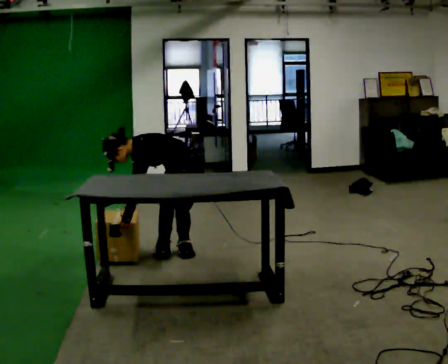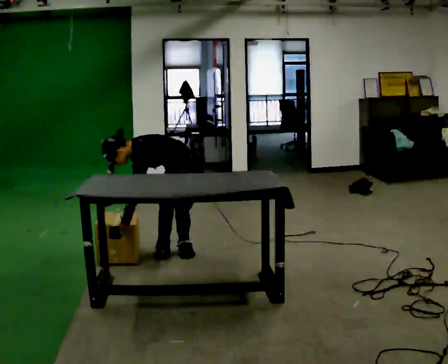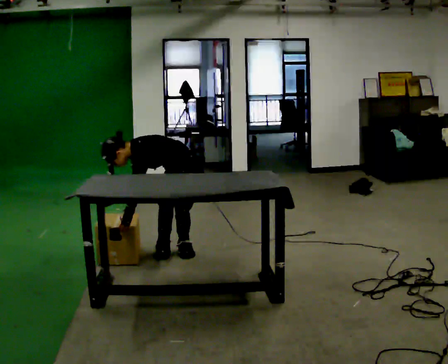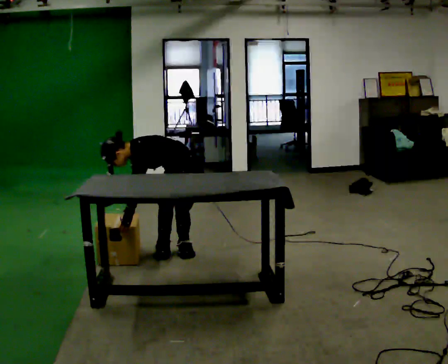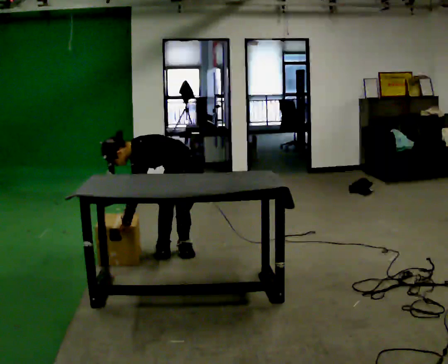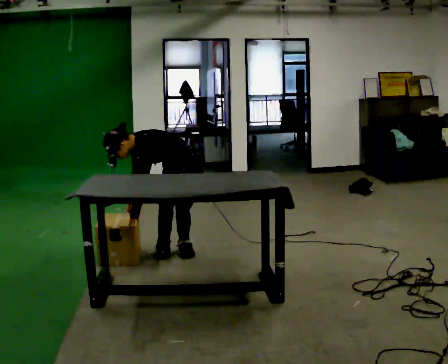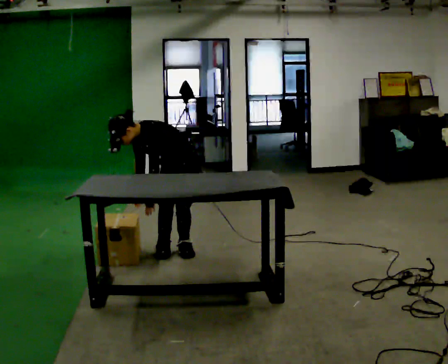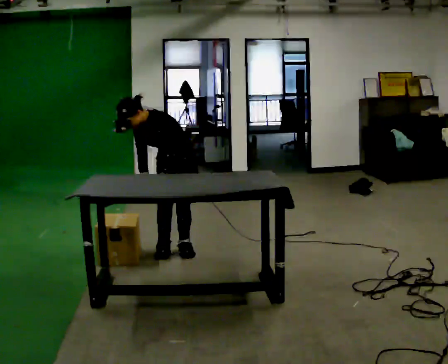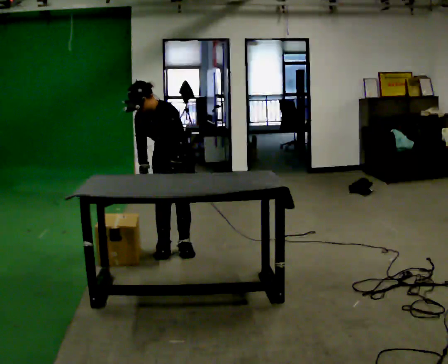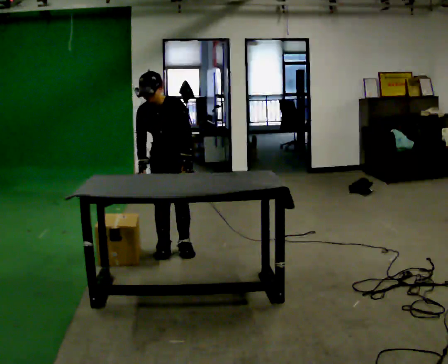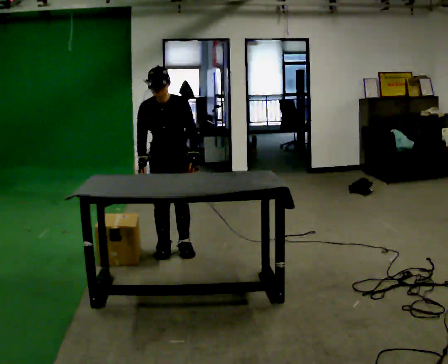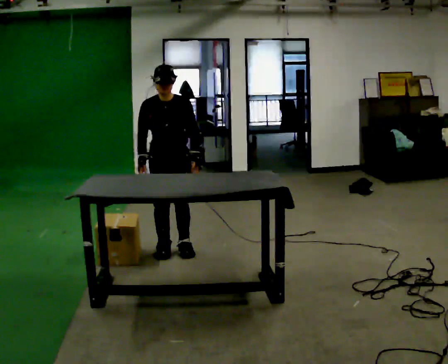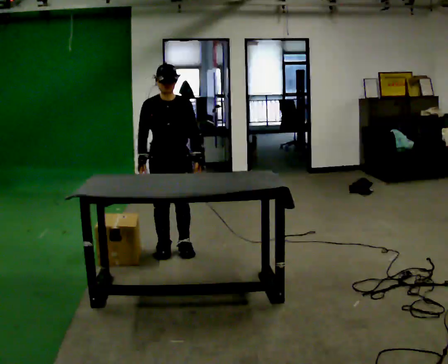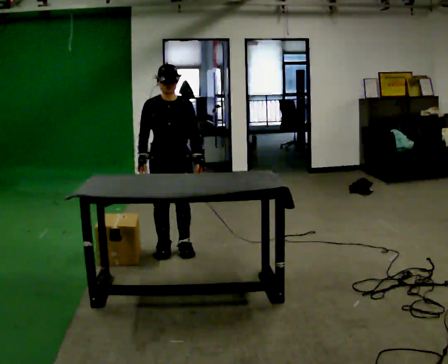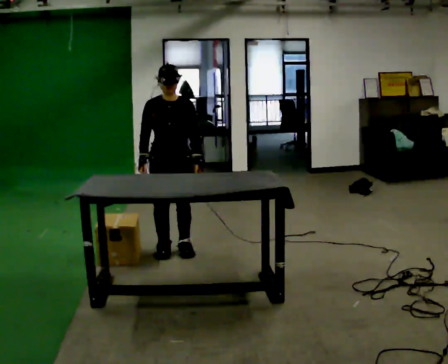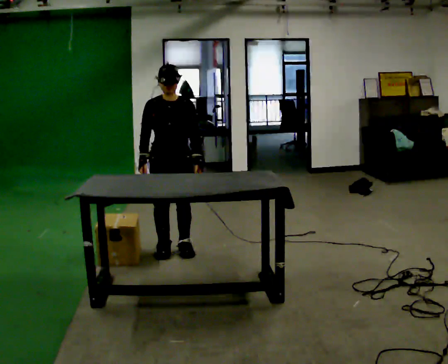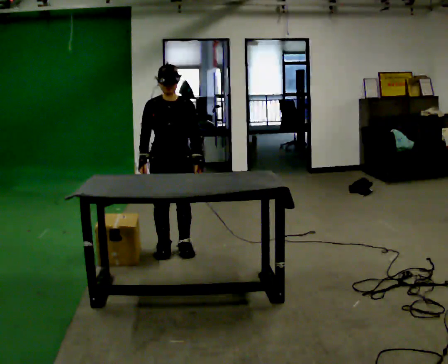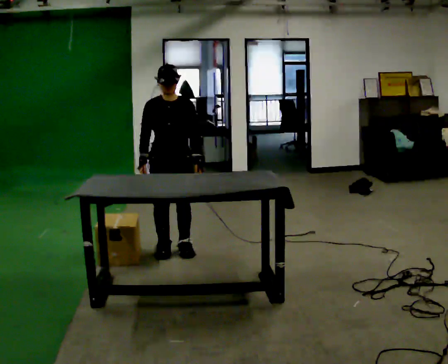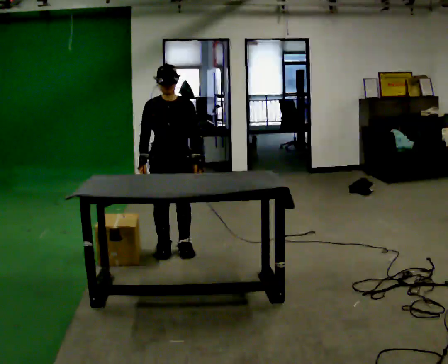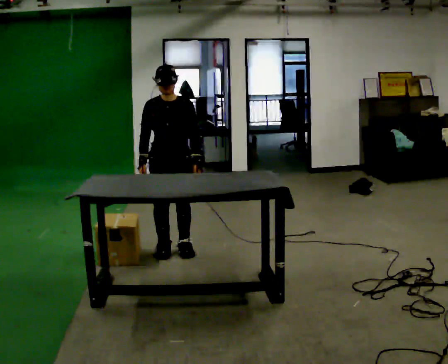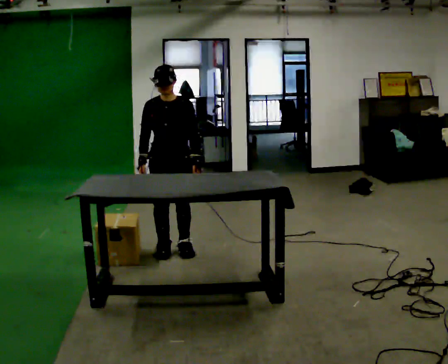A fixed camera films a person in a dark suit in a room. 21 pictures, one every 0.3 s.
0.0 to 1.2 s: The person keeps their place and pose.
1.2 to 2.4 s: Seen from above the body turns counterclockwise, about 45 degrees: to their left, with its near side sliding to the right. The upper body goes upward. In the picture the upper body tilts clockwise, shoulders to the right, as they lean back or straighten. In the picture their left hand goes to the right.
2.4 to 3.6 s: The part of the body nearest the lens slides to the right as the person turns to their left by about 30 degrees. The upper body tips away from the camera, its near side rolling upward, as they lean back or straighten.
3.6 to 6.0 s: The person moves a little, or ends about where they began.
The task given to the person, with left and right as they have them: Pick the fragile object up and set it back down as gently as you can. Repeat at your own pace until the operator says stop. Keep both feet on the marked spots for the whole take. If you have to step, stop and tell the operator.
The film runs forward here.
